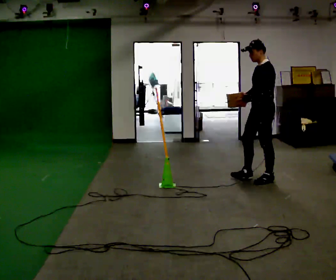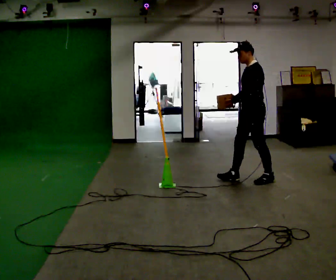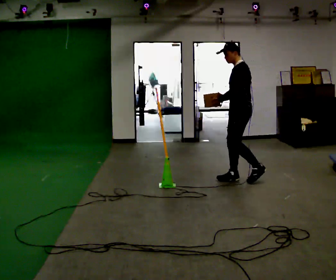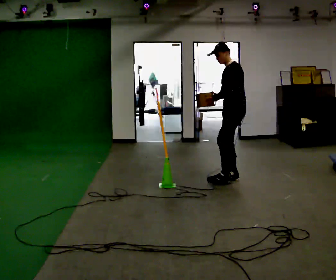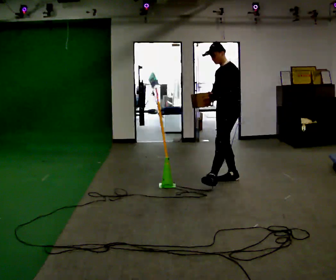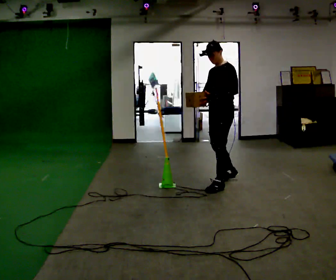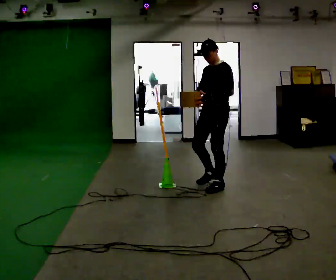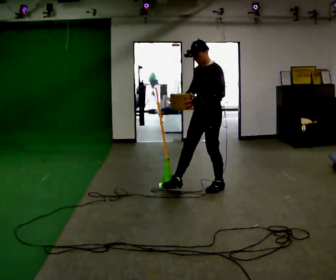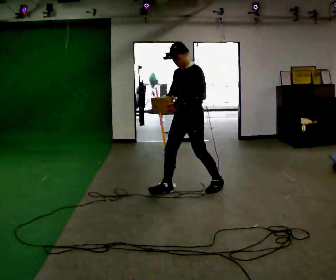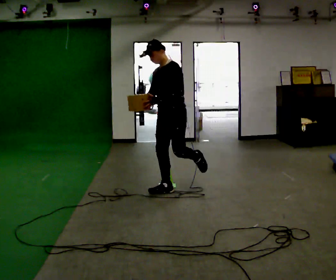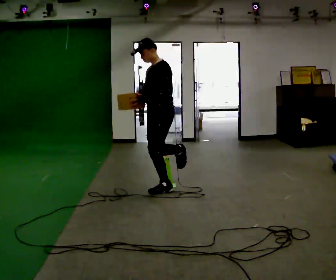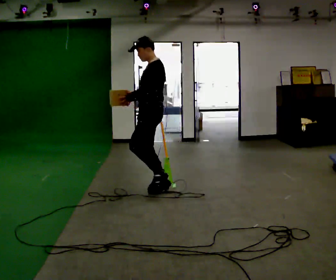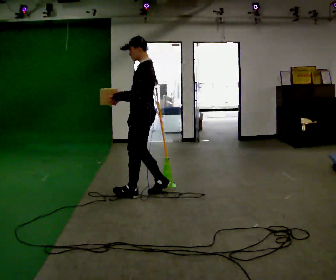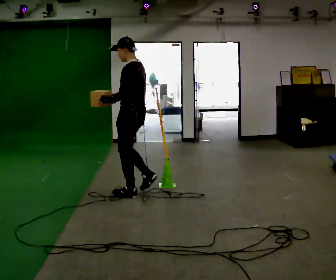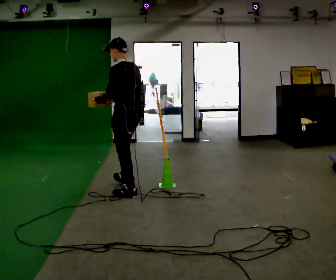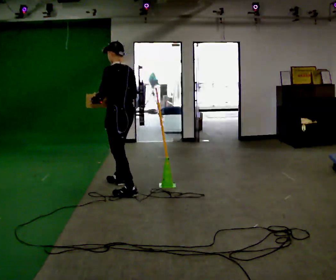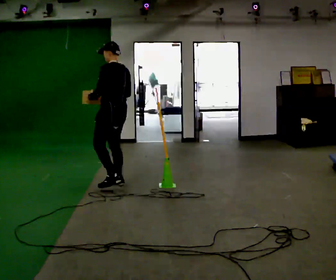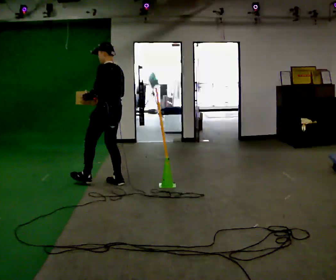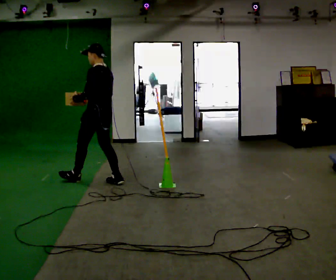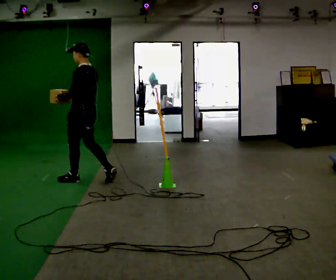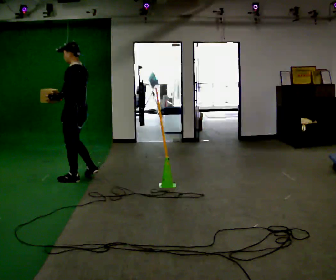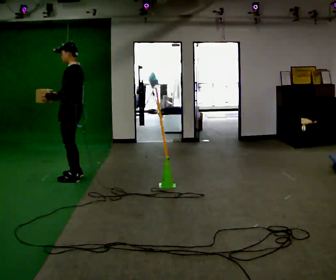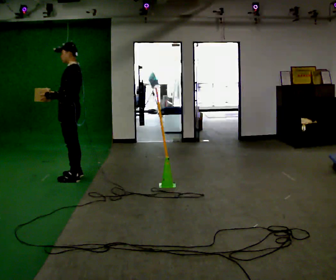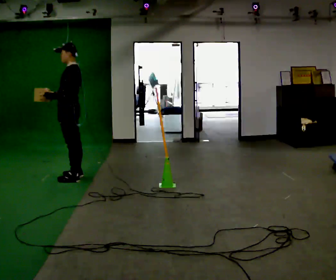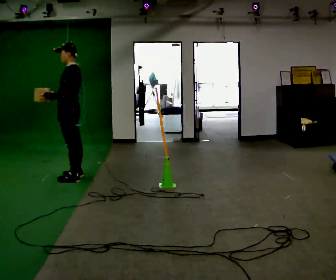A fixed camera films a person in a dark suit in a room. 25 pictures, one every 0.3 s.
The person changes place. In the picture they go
to the left.
0.0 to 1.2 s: In the picture they go to the left, about 0.5 m in 1 step, which for them is forward.
1.2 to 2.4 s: In the picture they go to the left and toward the camera, about 0.5 m in 2 steps, which for them is forward.
2.4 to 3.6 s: Seen from above the body turns clockwise, about 45 degrees: to their right, with its near side sliding to the left. In the picture they go to the left, about 0.5 m in 1 step, which for them is forward.
3.6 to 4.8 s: Seen from above the body turns clockwise, about 30 degrees: to their right, with its near side sliding to the left. In the picture they go to the left and away from the camera, about 0.5 m in 1 step, which for them is forward.
4.8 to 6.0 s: In the picture they go to the left, about 0.5 m in 1 step, which for them is forward.
6.0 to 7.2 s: The person moves a little, or ends about where they began.
The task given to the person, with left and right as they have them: Carry the box across the room. The operator will step into your path partway across, so go around them and carry on. Keep going until the operator says stop; one object at a time, and do not rush between trips.
The film runs forward here.
